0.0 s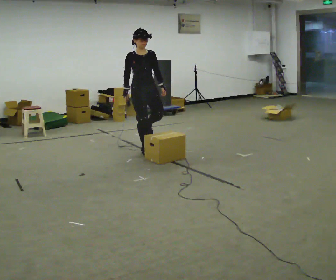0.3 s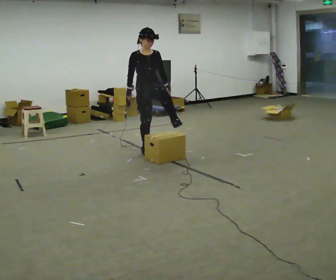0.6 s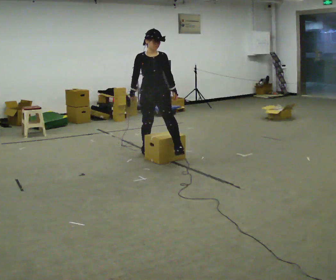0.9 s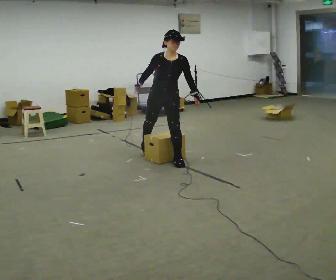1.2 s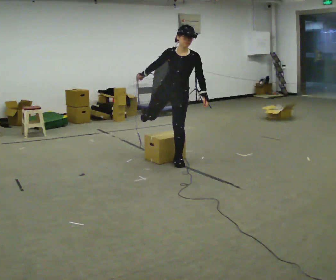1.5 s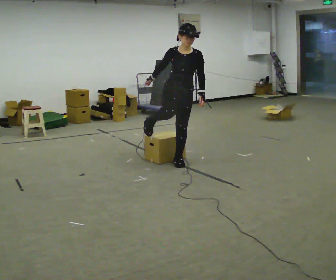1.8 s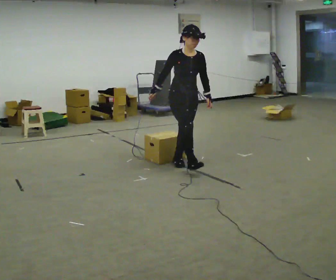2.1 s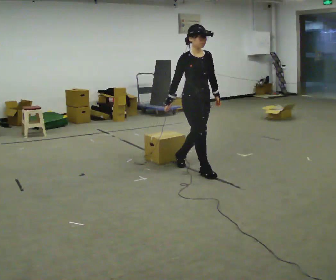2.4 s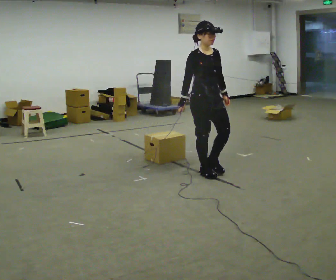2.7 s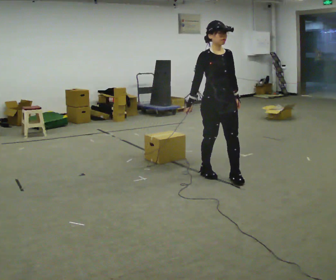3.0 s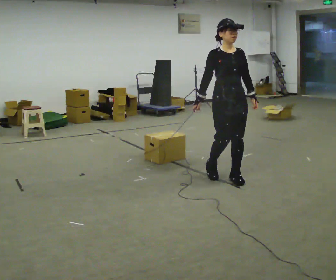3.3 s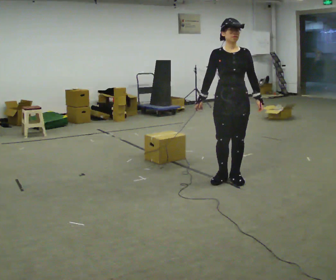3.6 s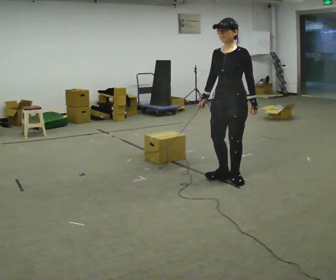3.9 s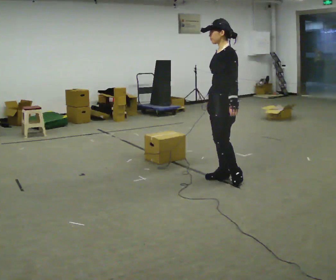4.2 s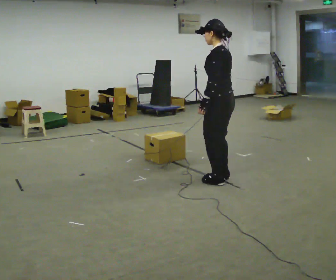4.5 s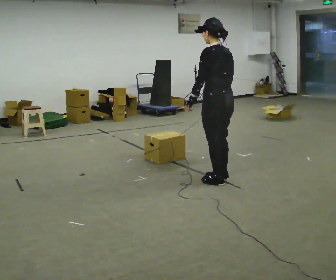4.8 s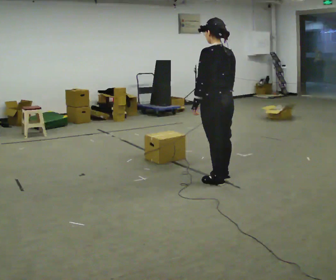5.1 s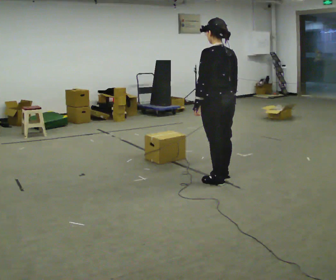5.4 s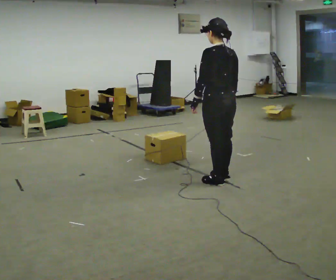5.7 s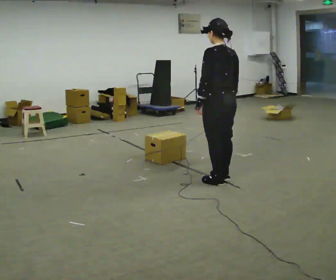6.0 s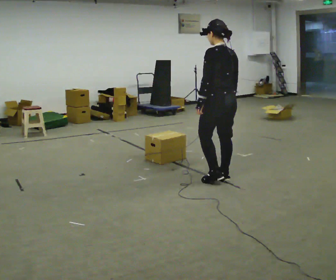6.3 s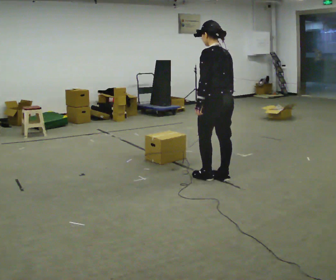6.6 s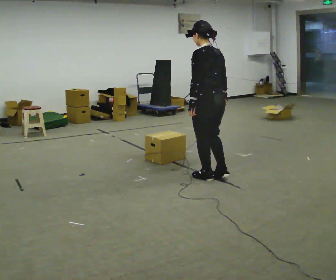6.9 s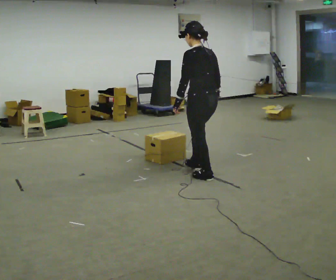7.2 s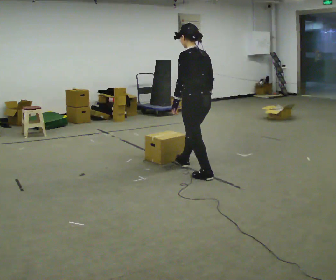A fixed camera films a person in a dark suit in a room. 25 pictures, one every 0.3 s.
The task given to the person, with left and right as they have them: Walk across the room at a normal pace, looking ahead. Something may appear in your way. Deal with it however comes naturally and carry on.
0.0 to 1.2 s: The person turns about 30 degrees to their right, clockwise seen from above, so the part of the body nearest the lens slides to the left. In the picture they go to the right and toward the camera, about 0.75 m in 1 step, which for them is forward and to their left. In the picture the upper body tilts clockwise, shoulders to the right.
1.2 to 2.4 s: The person turns about 45 degrees to their left, counterclockwise seen from above, so the part of the body nearest the lens slides to the right. In the picture they go to the right and toward the camera, about 0.5 m in 1 step, which for them is forward. In the picture the upper body tilts counterclockwise, shoulders to the left, as they lean back or straighten.
2.4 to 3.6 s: The person turns about 90 degrees to their right, clockwise seen from above, so the part of the body nearest the lens slides to the left. In the picture they go to the right, about 0.25 m in 2 steps.
3.6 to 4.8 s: The person turns about 90 degrees to their right, clockwise seen from above, so the part of the body nearest the lens slides to the left. In the picture their left hand goes to the left.
4.8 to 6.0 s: The person moves a little, or ends about where they began.
6.0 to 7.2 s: In the picture they go to the left and away from the camera, about 0.25 m in 2 steps, which for them is forward.
The film runs forward here.
